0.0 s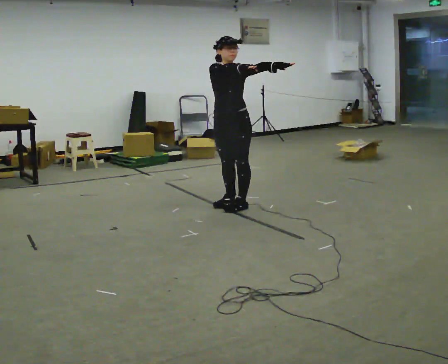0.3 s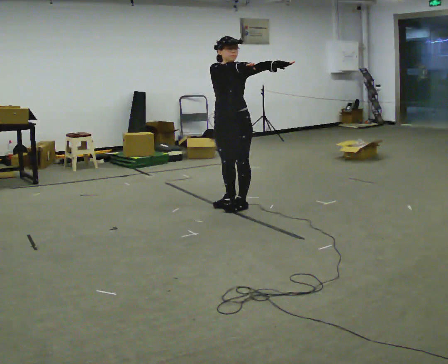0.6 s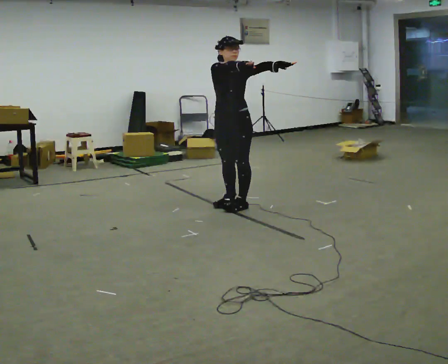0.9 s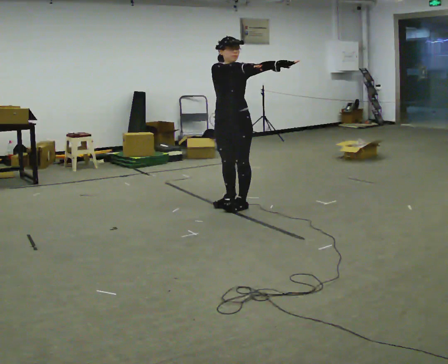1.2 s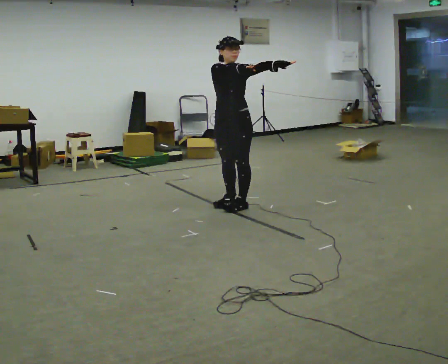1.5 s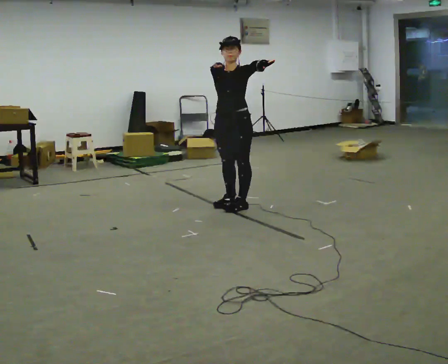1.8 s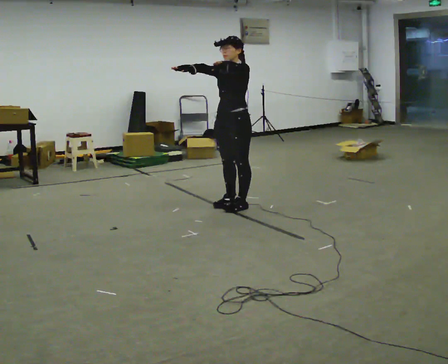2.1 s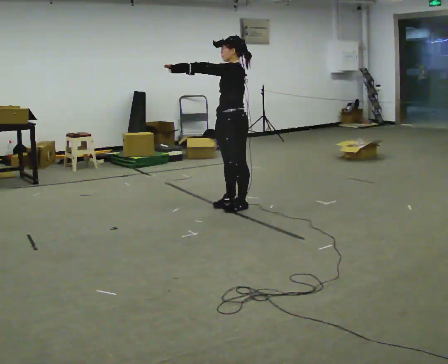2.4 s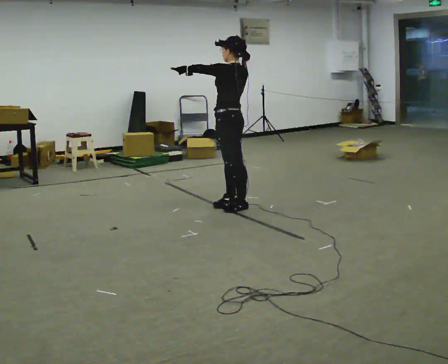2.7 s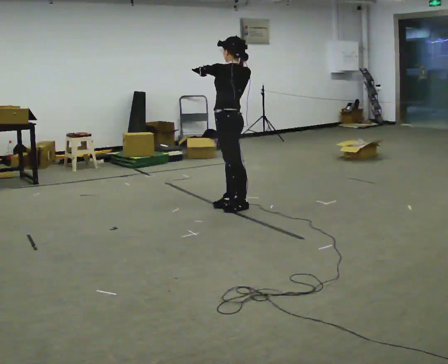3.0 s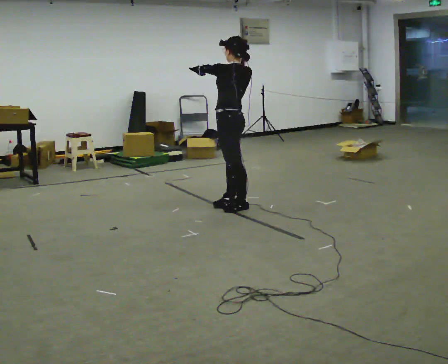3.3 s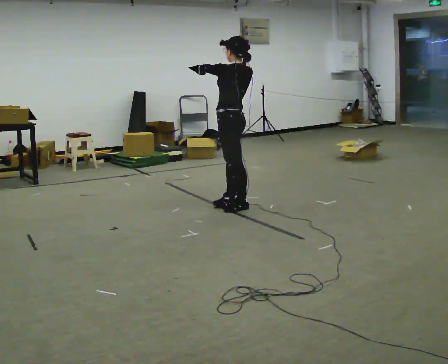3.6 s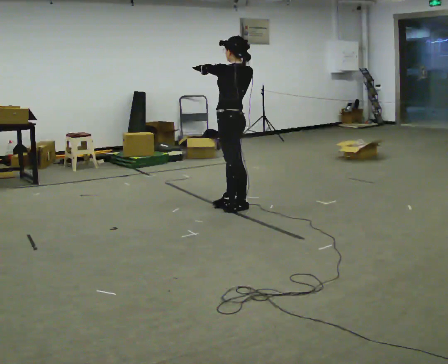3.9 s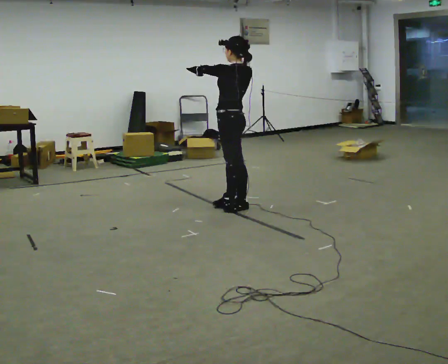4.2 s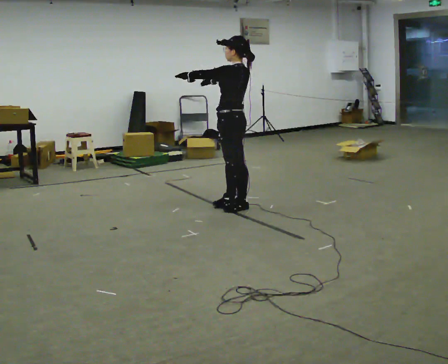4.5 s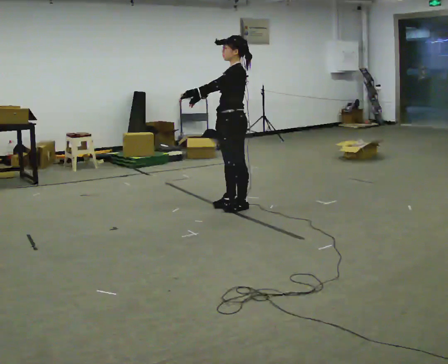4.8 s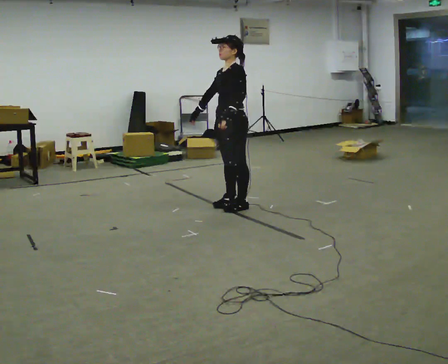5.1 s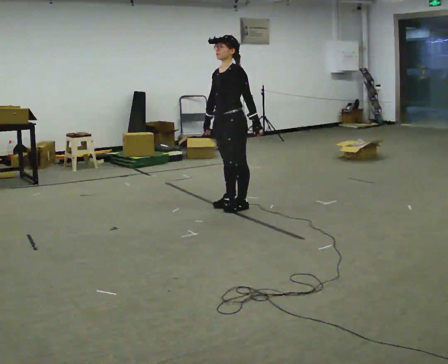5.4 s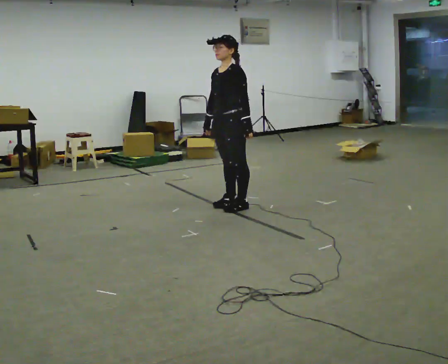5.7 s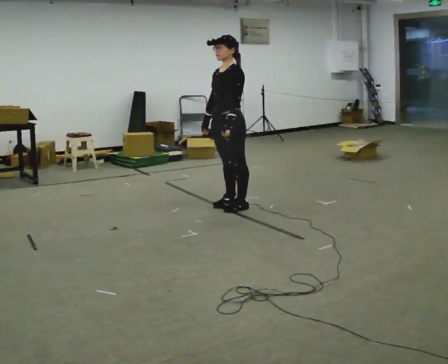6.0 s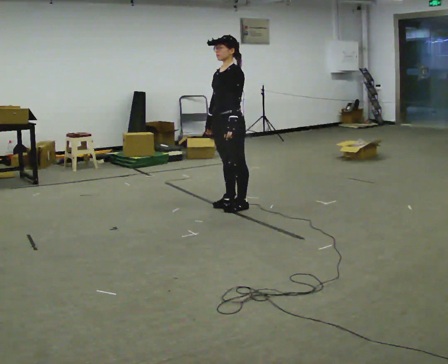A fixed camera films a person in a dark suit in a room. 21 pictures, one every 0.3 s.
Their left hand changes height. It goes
downward.
Their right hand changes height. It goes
downward.
0.0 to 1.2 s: The person moves a little, or ends about where they began.
1.2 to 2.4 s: The part of the body nearest the lens slides to the left as the person turns to their right by about 90 degrees. In the picture their left hand goes to the left.
2.4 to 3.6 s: The person moves a little, or ends about where they began.
3.6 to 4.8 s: The person turns about 45 degrees to their left, counterclockwise seen from above, so the part of the body nearest the lens slides to the right. In the picture their left hand goes downward, the arm swinging counterclockwise.
4.8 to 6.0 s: The person moves a little, or ends about where they began.
The film runs forward here.
